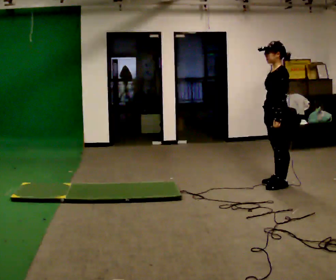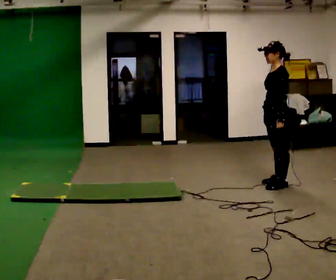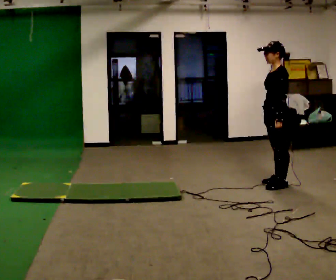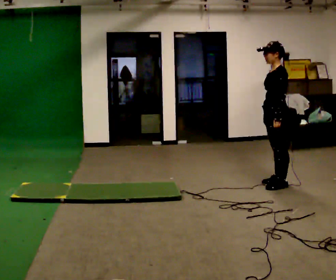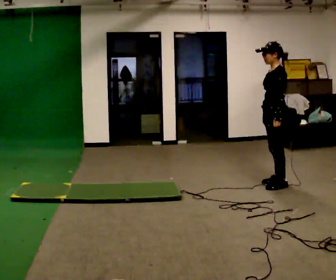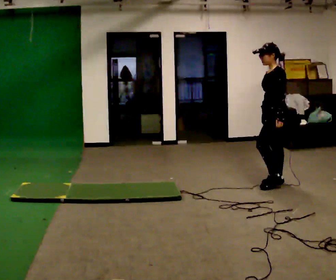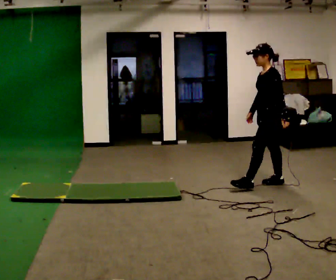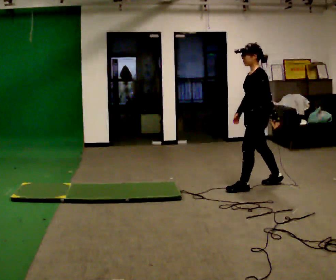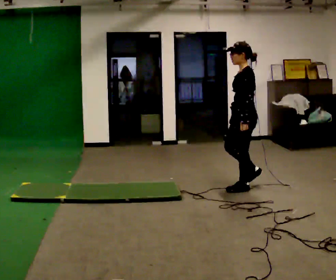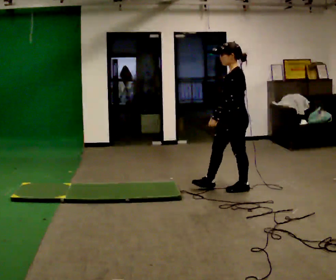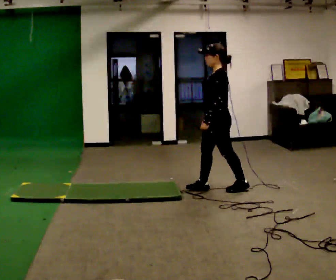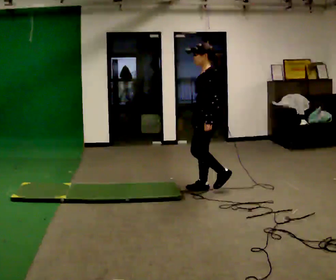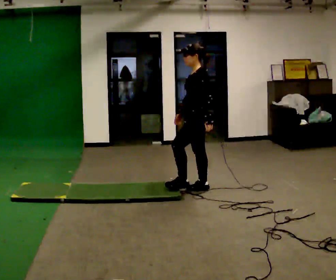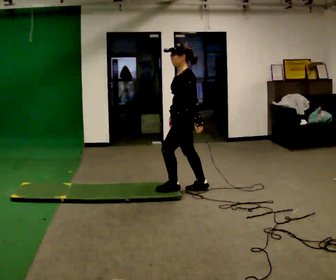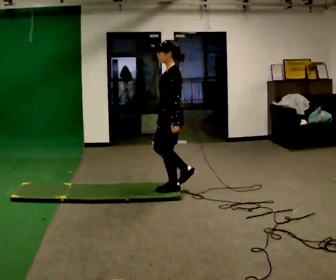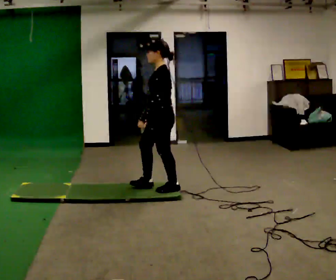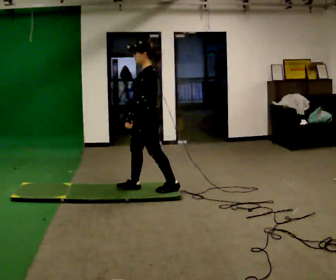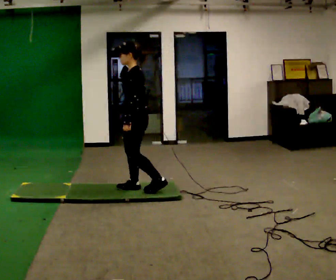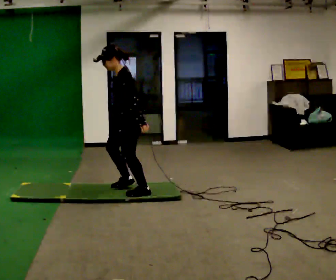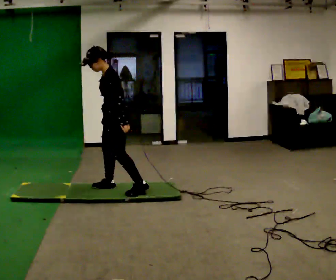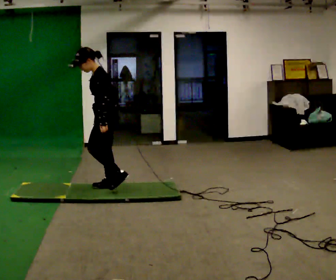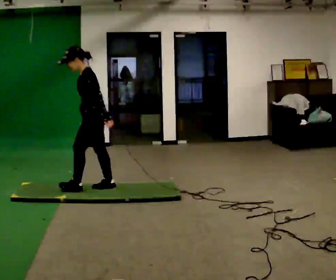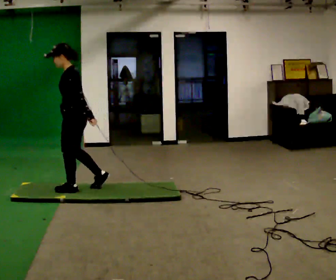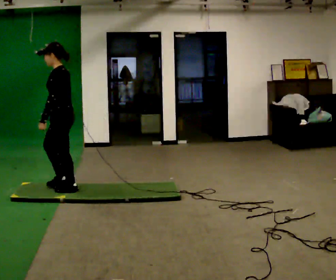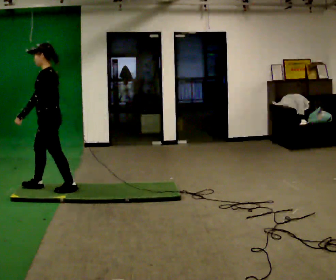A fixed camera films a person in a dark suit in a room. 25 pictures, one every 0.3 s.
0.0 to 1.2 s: The person moves a little, or ends about where they began.
1.2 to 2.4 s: In the picture they go to the left and toward the camera, about 0.5 m in 1 step, which for them is forward.
2.4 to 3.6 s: In the picture they go to the left, about 0.5 m in 1 step, which for them is forward.
3.6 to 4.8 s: In the picture they go to the left and toward the camera, about 0.5 m in 2 steps, which for them is forward.
4.8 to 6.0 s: In the picture they go to the left, about 0.5 m in 2 steps, which for them is forward and to their right.
6.0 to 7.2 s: In the picture they go to the left and toward the camera, about 0.5 m in 2 steps, which for them is forward.
The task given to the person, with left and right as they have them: Walk across the floor at a normal pace. It may be more slippery in places. Recover however comes naturally.
The film runs forward here.
